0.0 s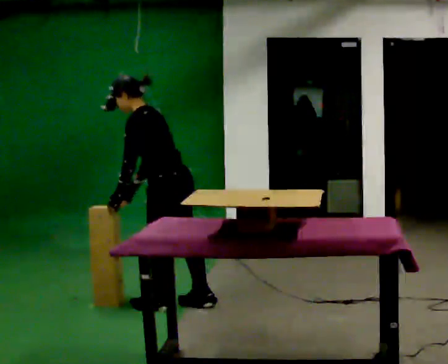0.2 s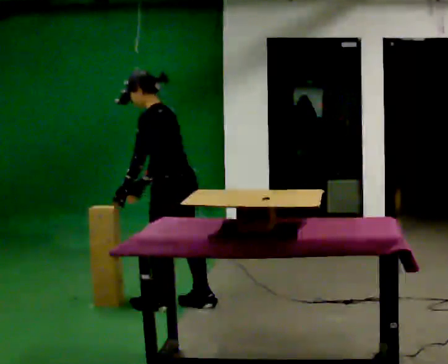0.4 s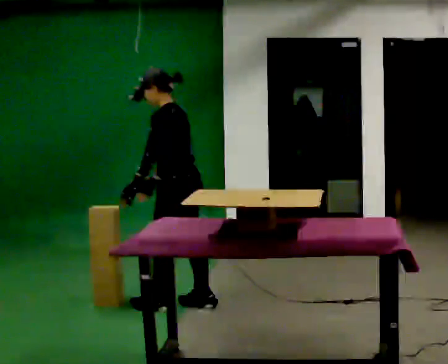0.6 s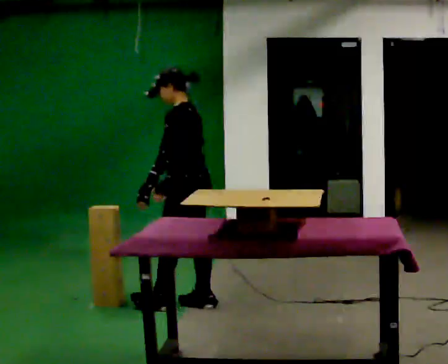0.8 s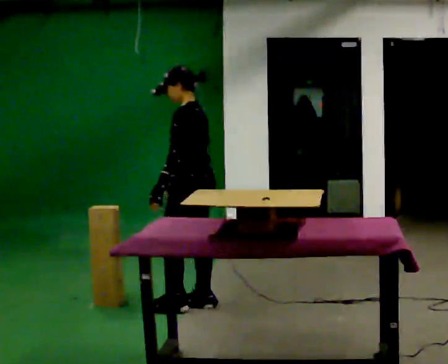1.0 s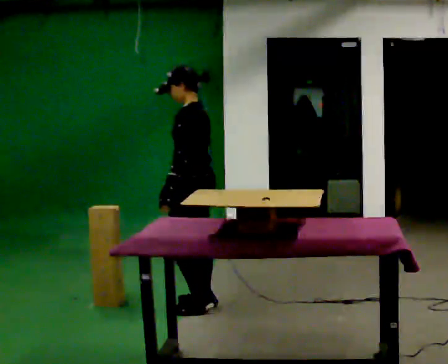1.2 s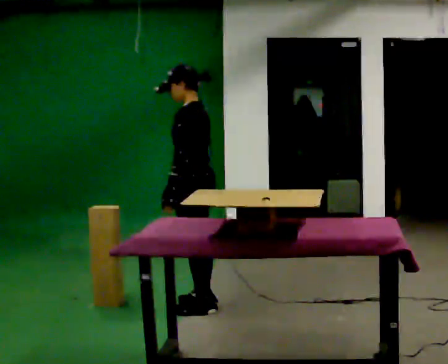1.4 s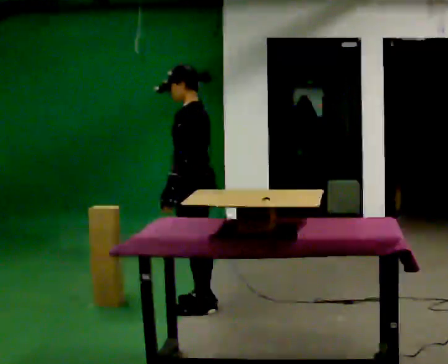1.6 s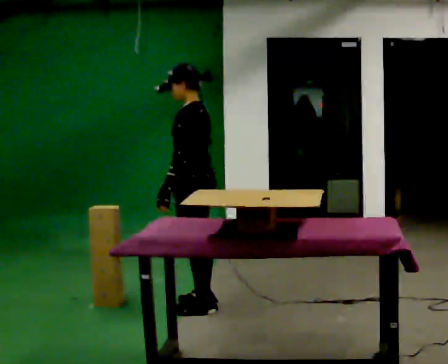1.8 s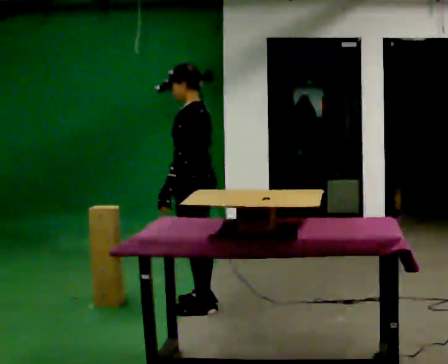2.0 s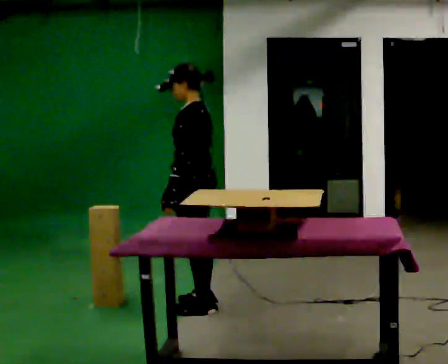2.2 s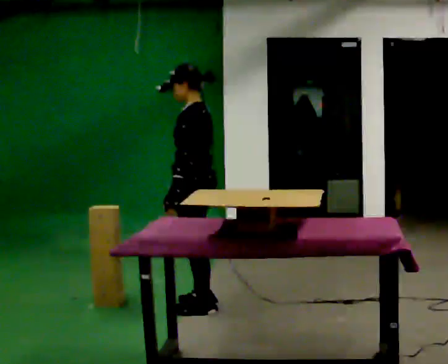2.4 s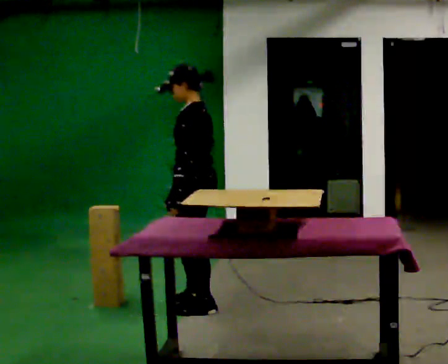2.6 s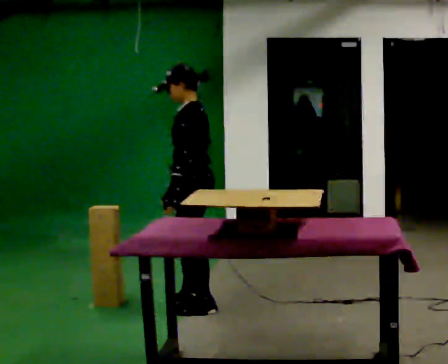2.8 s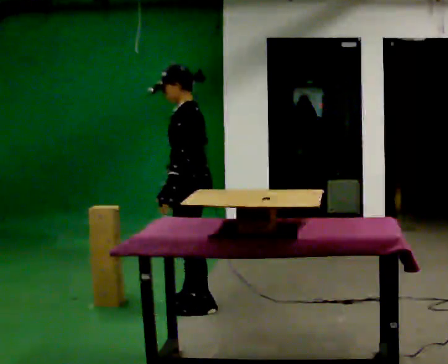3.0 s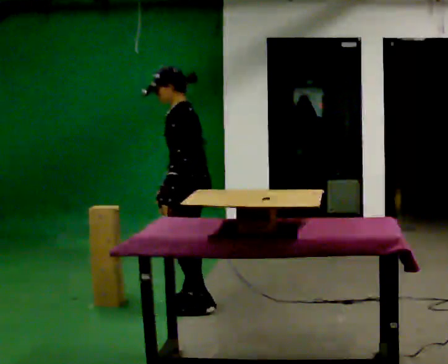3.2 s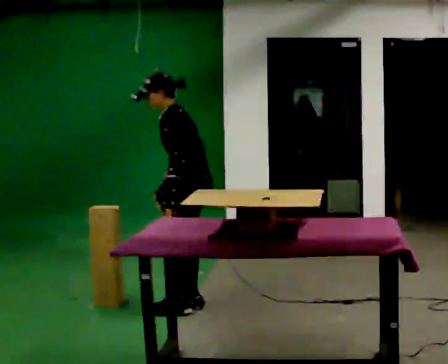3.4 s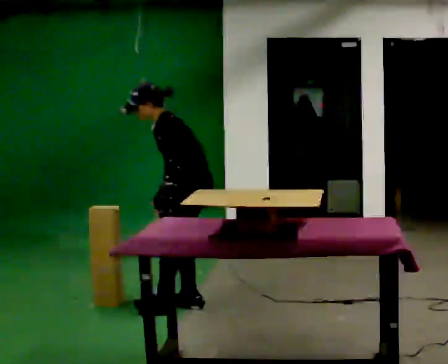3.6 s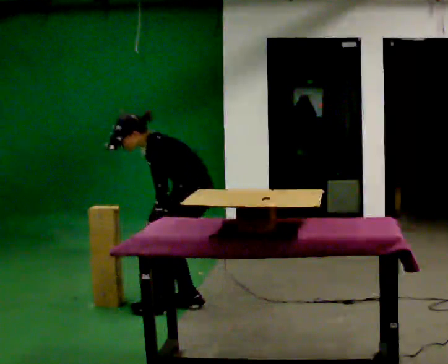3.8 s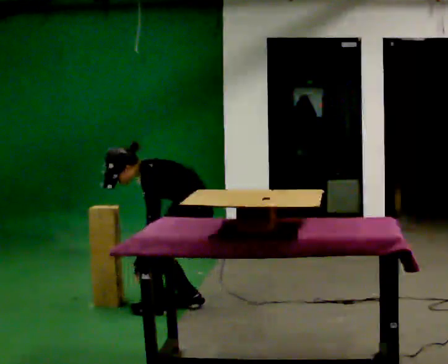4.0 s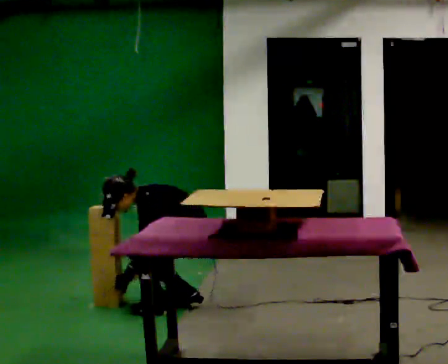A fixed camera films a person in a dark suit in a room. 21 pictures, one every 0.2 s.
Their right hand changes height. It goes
downward.
The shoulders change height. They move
downward.
0.0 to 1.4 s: In the picture they go to the right, about 0.25 m in 1 step, which for them is backward. In the picture the upper body tilts clockwise, shoulders to the right, as they lean back or straighten. In the picture their left hand goes to the right.
1.4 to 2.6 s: The person moves a little, or ends about where they began.
2.6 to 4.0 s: The shoulders move downward. In the picture the upper body tilts counterclockwise, shoulders to the left, as they bend forward. In the picture their right hand goes downward and to the left.
The film runs backward here.
